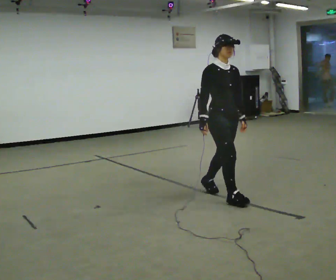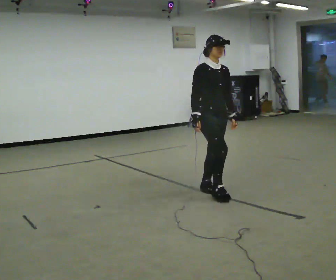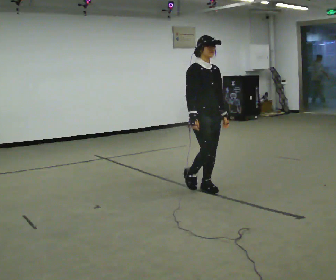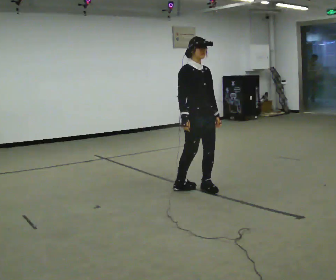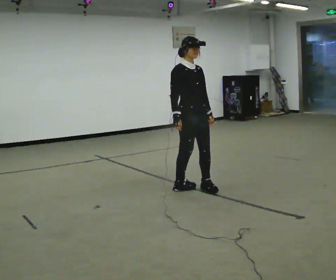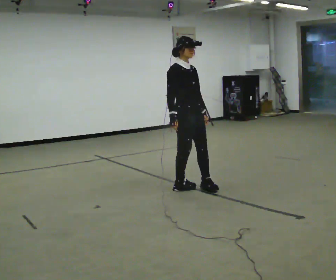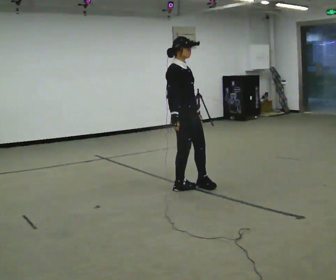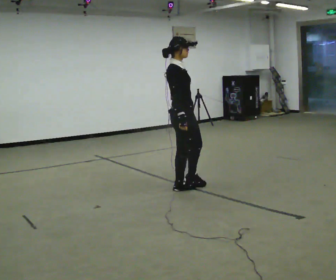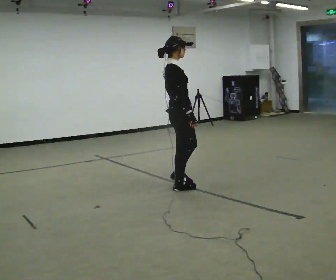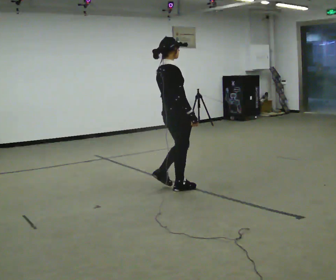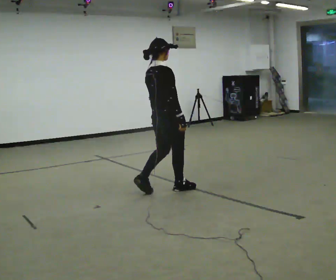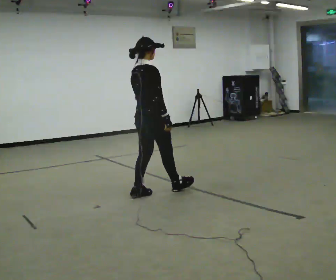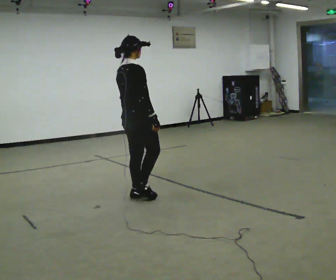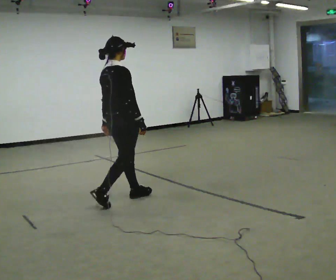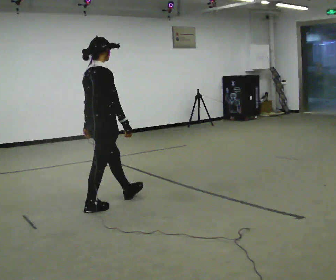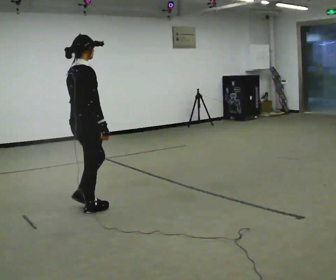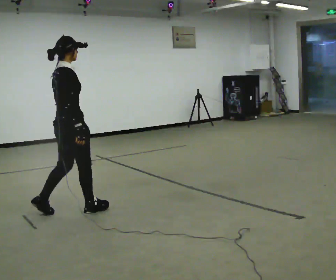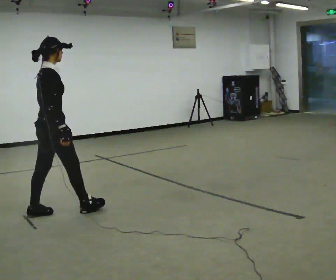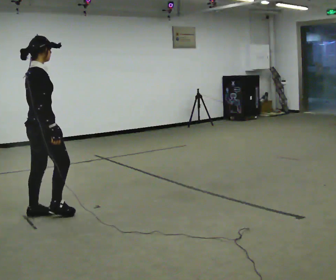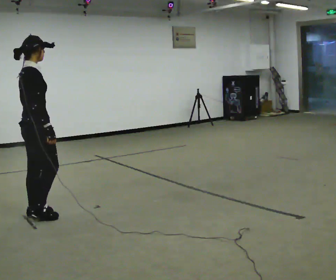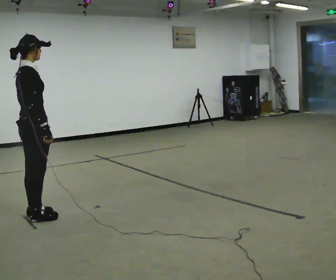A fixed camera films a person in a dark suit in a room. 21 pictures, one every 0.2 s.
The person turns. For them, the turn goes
to their left.
The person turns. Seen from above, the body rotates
counterclockwise.
0.0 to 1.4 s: Seen from above the body turns counterclockwise, about 45 degrees: to their left, with its near side sliding to the right. In the picture they go away from the camera and to the left, about 0.5 m in 2 steps, which for them is backward.
1.4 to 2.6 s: Seen from above the body turns counterclockwise, about 45 degrees: to their left, with its near side sliding to the right. In the picture they go to the left and toward the camera, about 0.75 m in 1 step, which for them is backward.
2.6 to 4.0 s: In the picture they go to the left and toward the camera, about 1 m in 2 steps, which for them is backward.
The film runs backward here.
